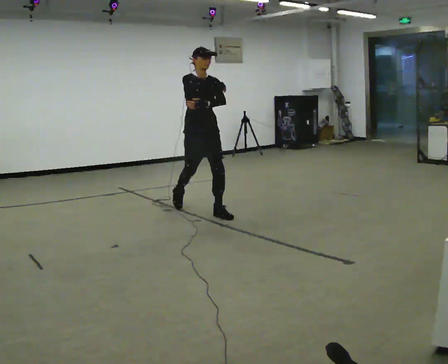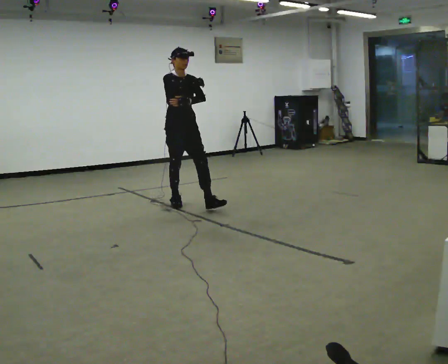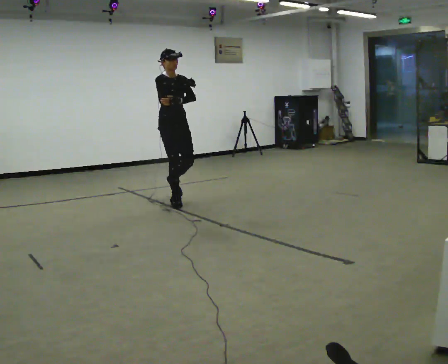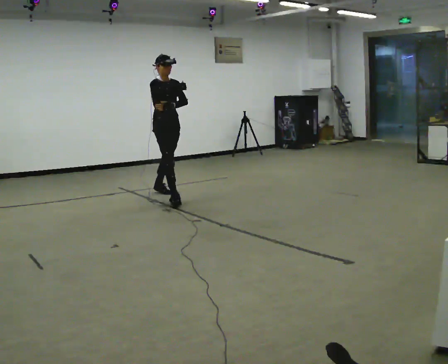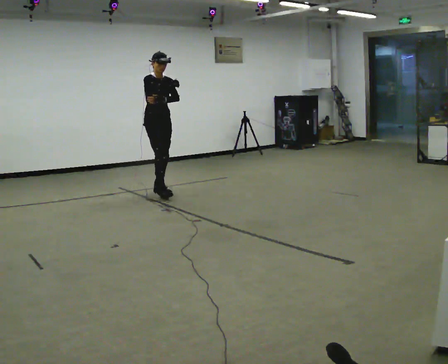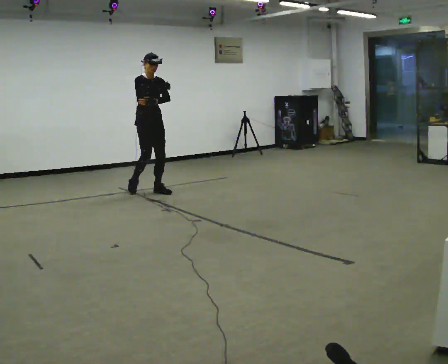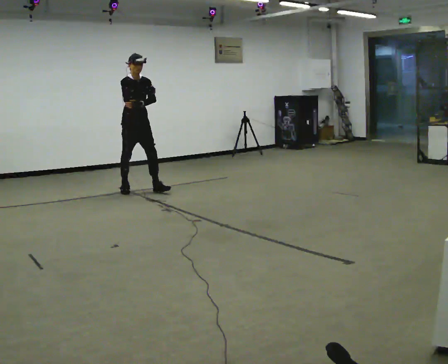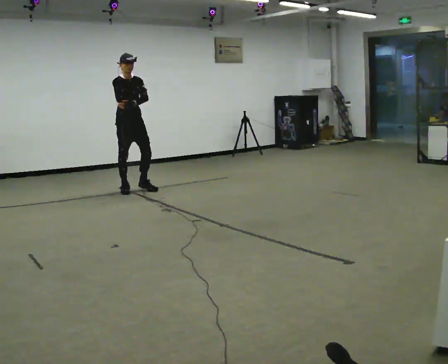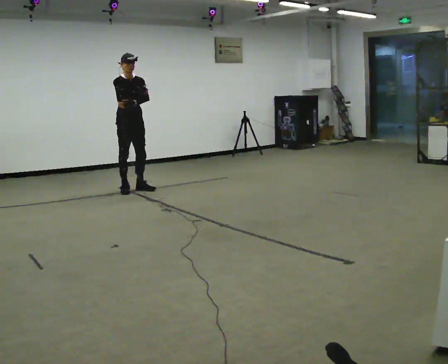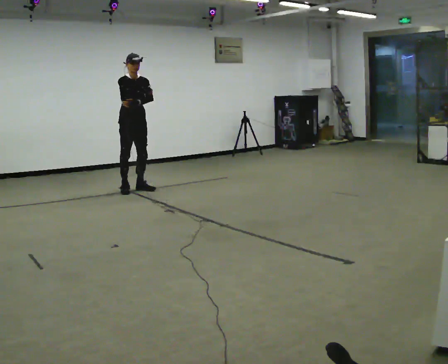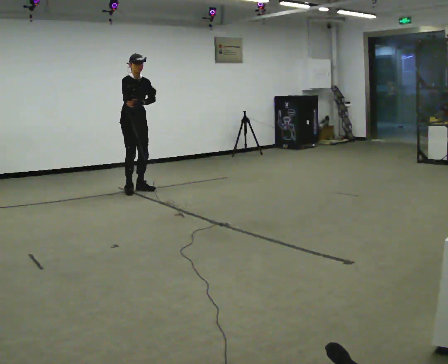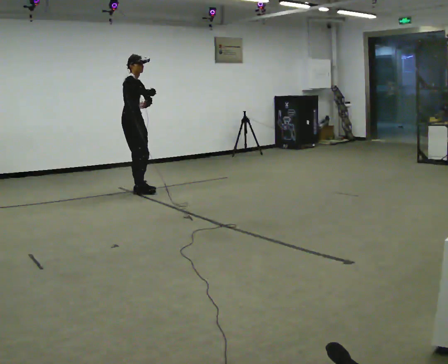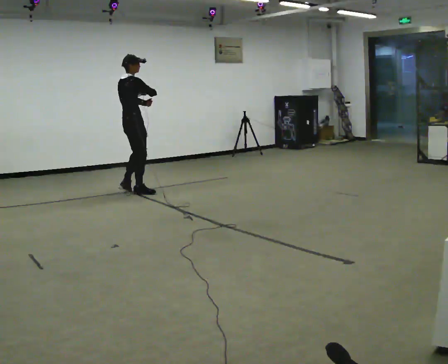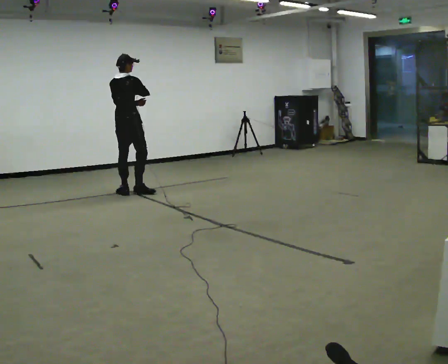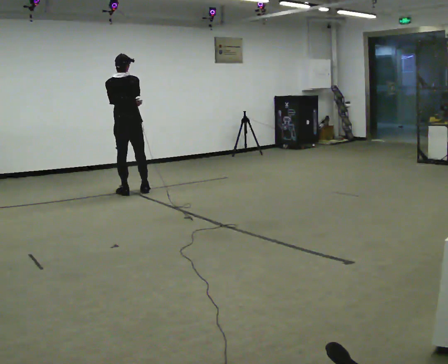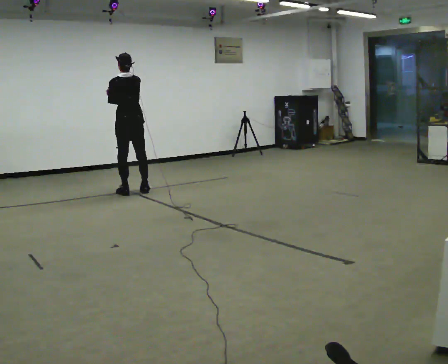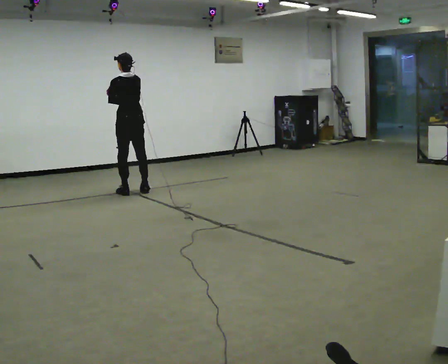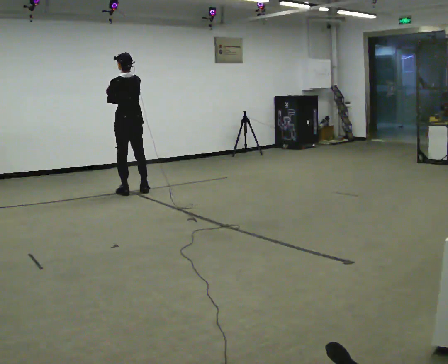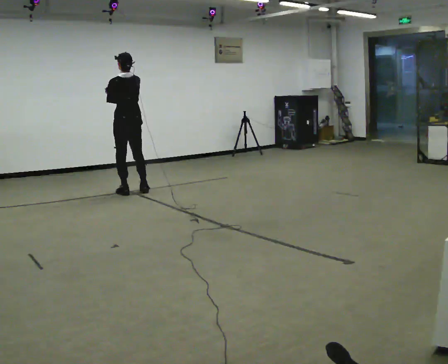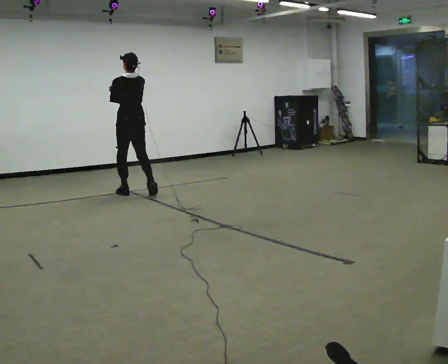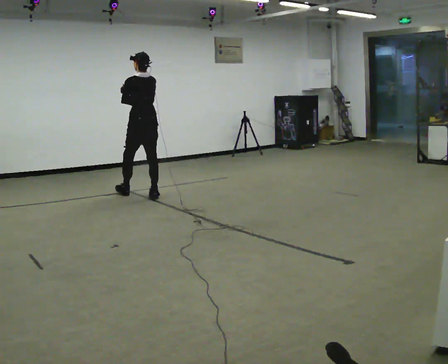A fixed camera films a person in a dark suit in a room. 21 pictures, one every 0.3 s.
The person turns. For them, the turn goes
to their left.
The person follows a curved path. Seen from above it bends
counterclockwise.
0.0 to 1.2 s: In the picture they go away from the camera and to the left, about 1 m in 2 steps, which for them is backward.
1.2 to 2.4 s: In the picture they go to the left and away from the camera, about 0.5 m in 1 step, which for them is backward and to their right.
2.4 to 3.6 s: The part of the body nearest the lens slides to the right as the person turns to their left by about 90 degrees. In the picture they go toward the camera, about 0.25 m in 2 steps.
3.6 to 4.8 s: The part of the body nearest the lens slides to the right as the person turns to their left by about 90 degrees. In the picture their right hand goes to the left.
4.8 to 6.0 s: In the picture they go toward the camera and to the right, about 0.25 m in 2 steps, which for them is backward.
The film runs backward here.
